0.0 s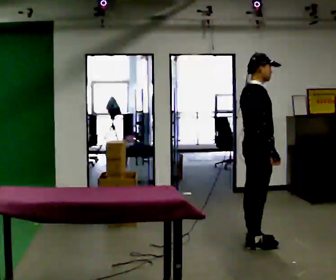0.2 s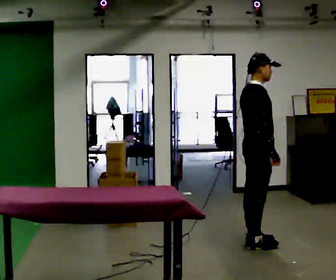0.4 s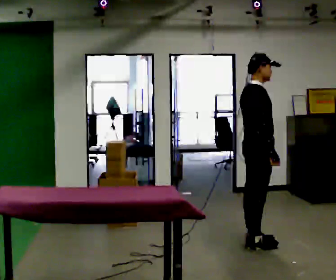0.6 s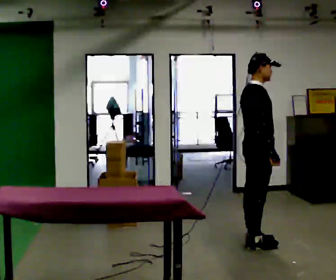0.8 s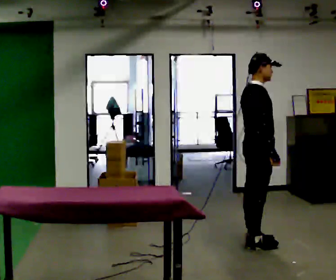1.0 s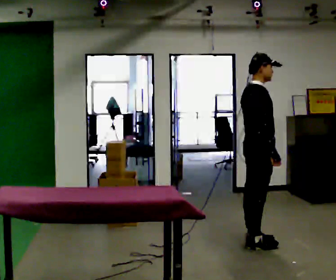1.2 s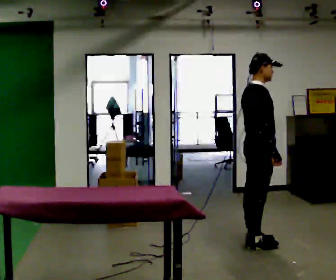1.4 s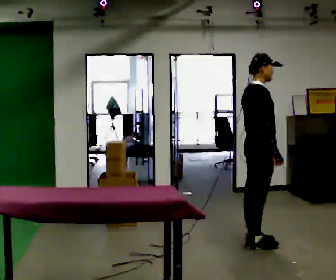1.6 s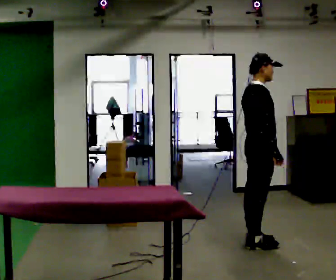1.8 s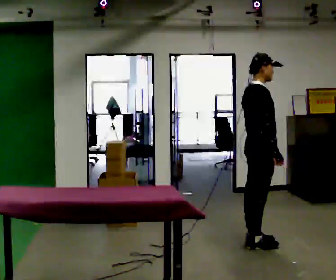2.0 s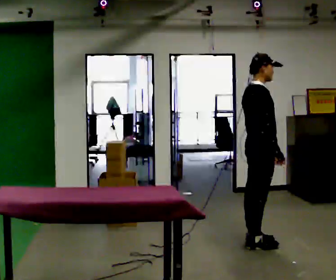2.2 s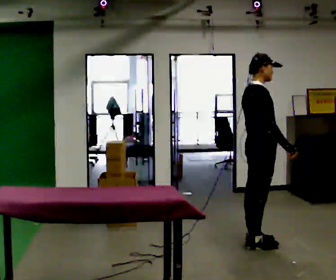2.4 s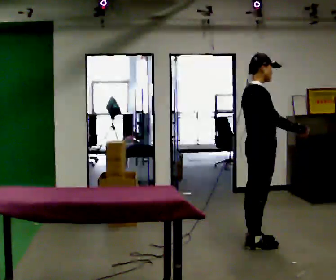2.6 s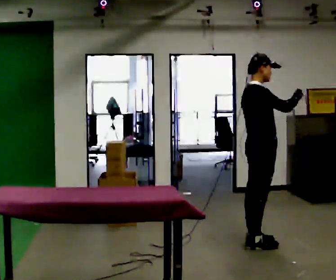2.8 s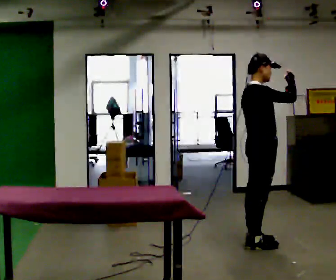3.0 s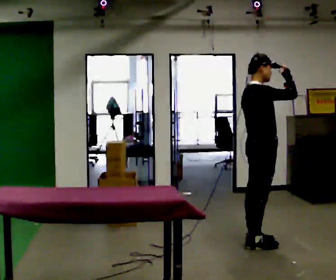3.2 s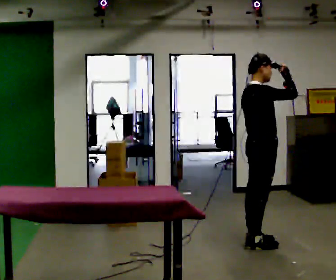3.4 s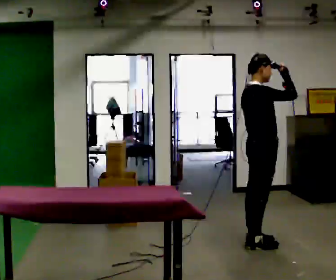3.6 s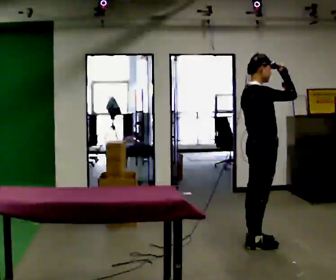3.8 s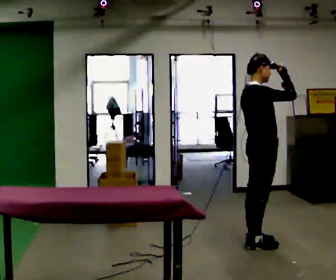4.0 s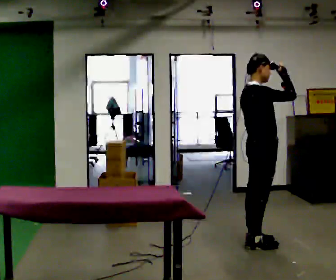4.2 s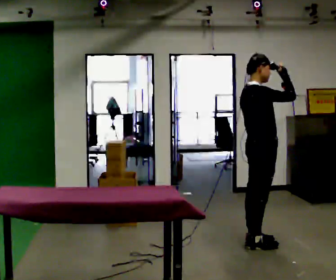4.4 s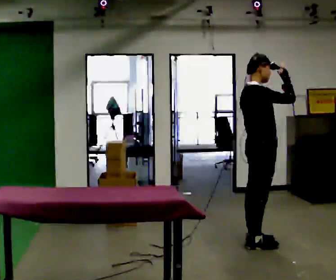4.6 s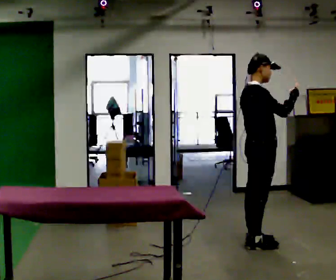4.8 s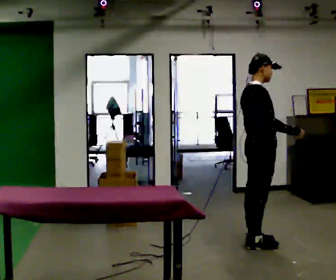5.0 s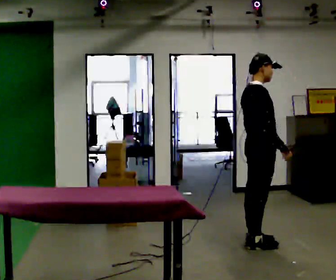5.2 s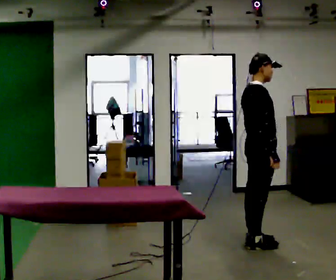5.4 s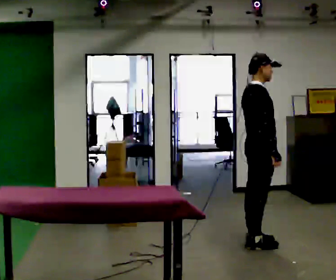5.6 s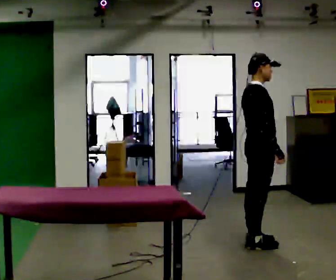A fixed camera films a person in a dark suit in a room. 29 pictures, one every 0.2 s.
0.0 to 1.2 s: The person keeps their place and pose.
1.2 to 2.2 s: The person moves a little, or ends about where they began.
2.2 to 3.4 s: In the picture their right hand goes upward, the arm swinging counterclockwise.
3.4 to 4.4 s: The person moves a little, or ends about where they began.
4.4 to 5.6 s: In the picture their right hand goes downward, the arm swinging clockwise.
The film runs forward here.
